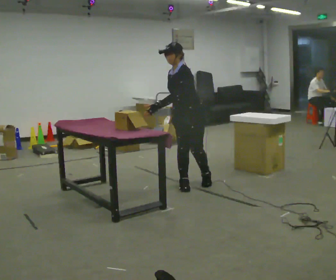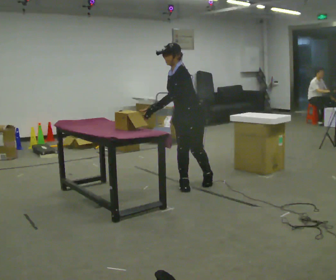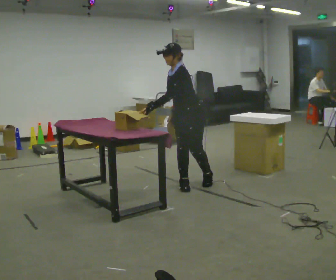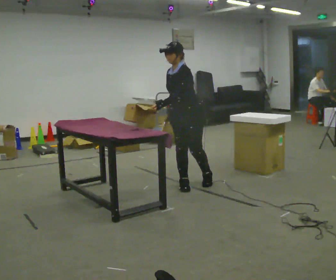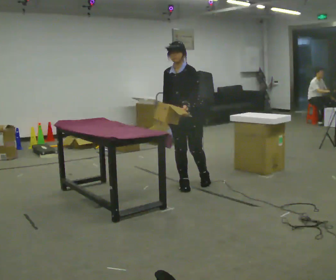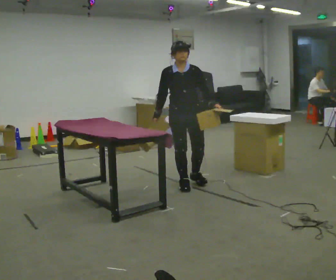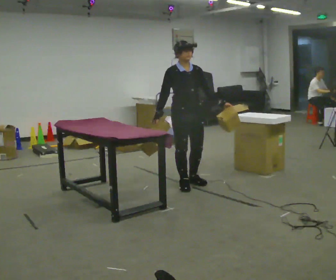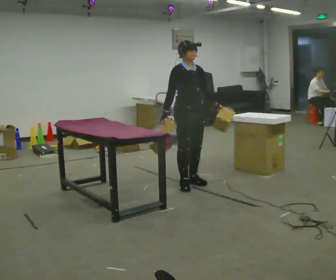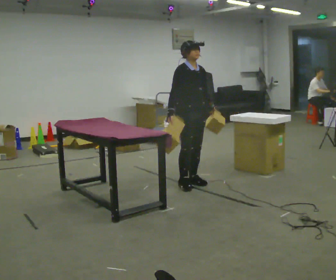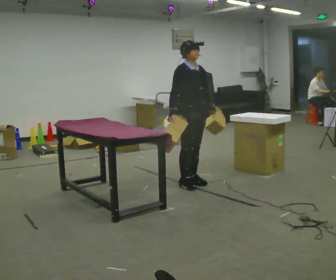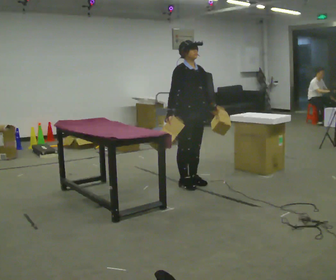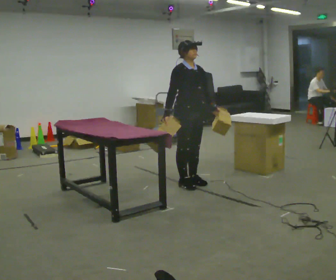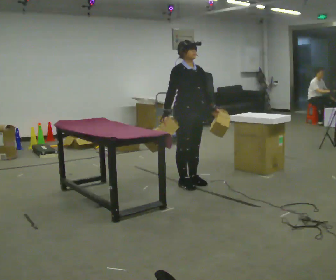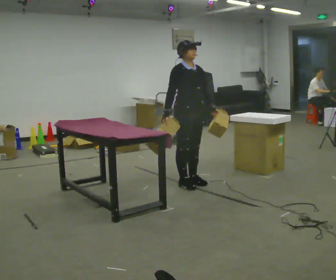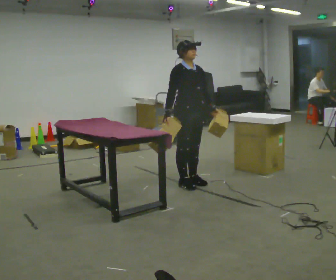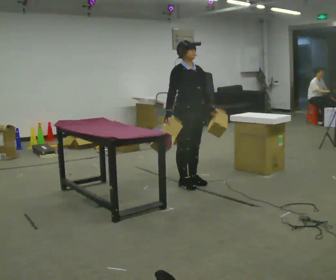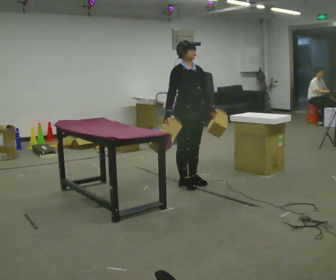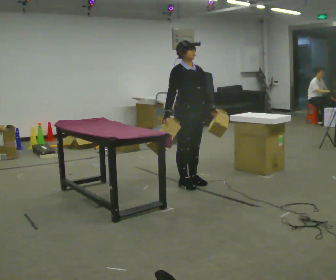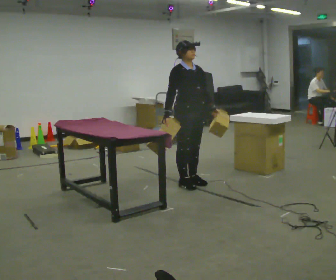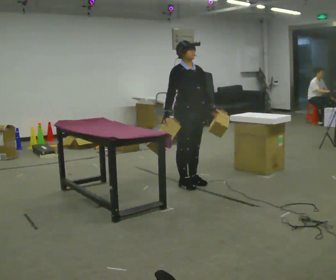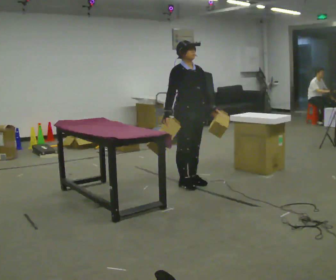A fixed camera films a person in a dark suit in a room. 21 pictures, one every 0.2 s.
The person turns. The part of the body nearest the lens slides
to the right.
The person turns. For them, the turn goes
to their left.
0.0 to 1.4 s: The person turns about 90 degrees to their left, counterclockwise seen from above, so the part of the body nearest the lens slides to the right. In the picture the upper body tilts clockwise, shoulders to the right, as they lean back or straighten. In the picture their left hand goes to the right, the arm swinging counterclockwise.
1.4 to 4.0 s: The person moves a little, or ends about where they began.
The film runs forward here.
